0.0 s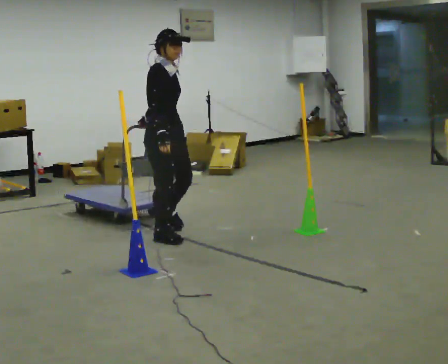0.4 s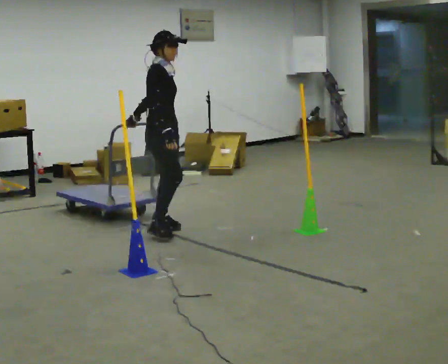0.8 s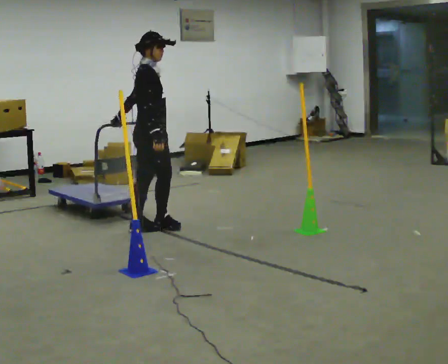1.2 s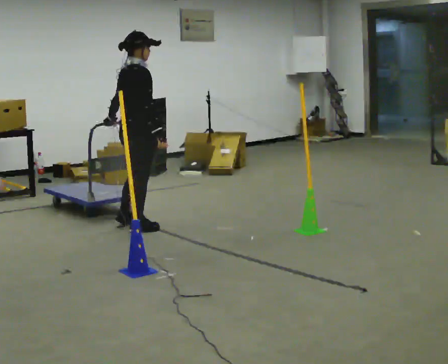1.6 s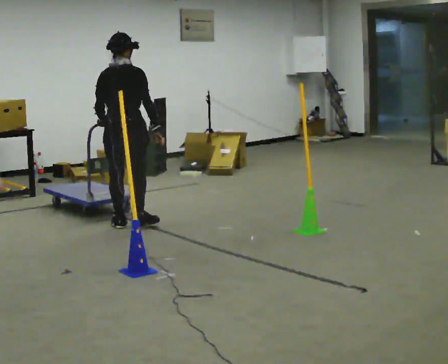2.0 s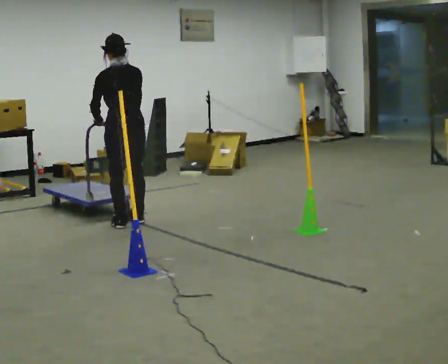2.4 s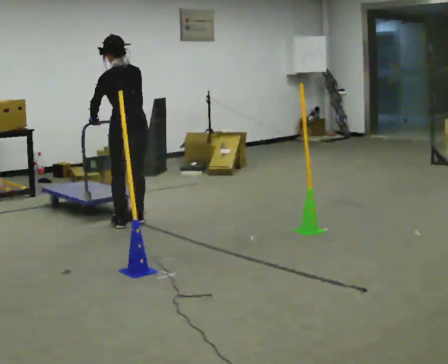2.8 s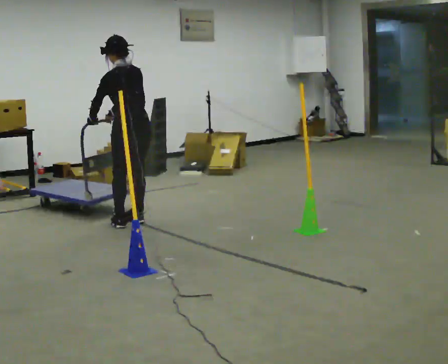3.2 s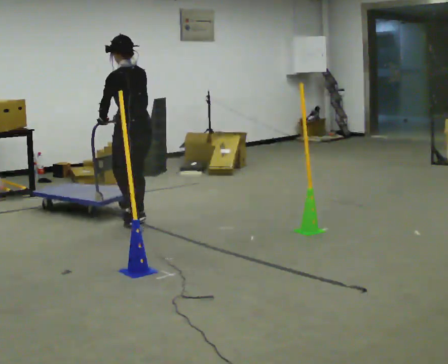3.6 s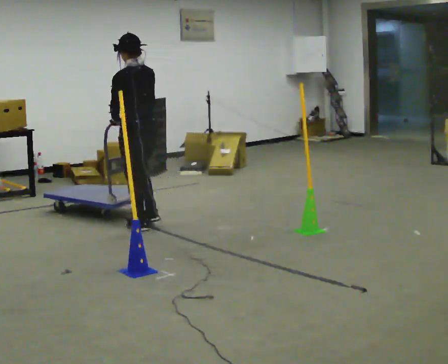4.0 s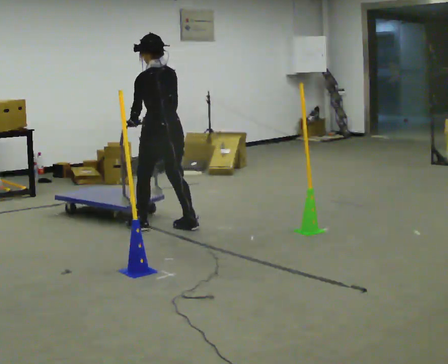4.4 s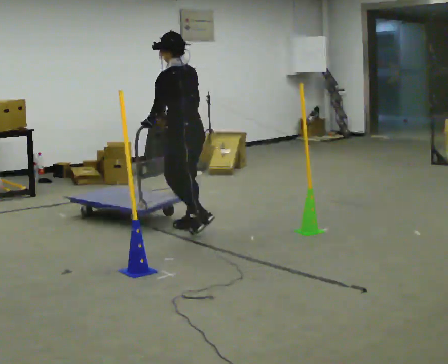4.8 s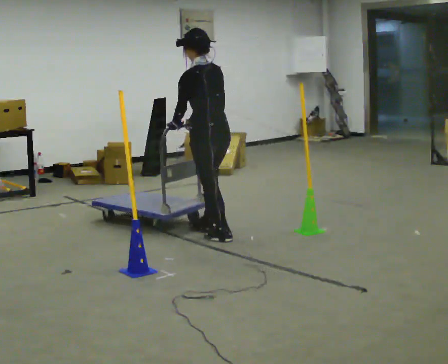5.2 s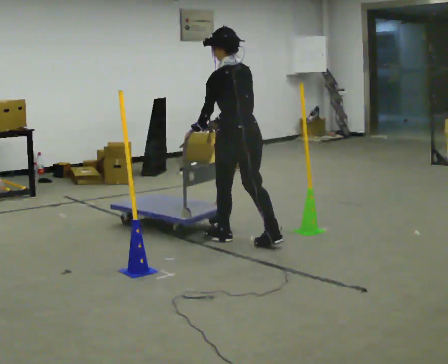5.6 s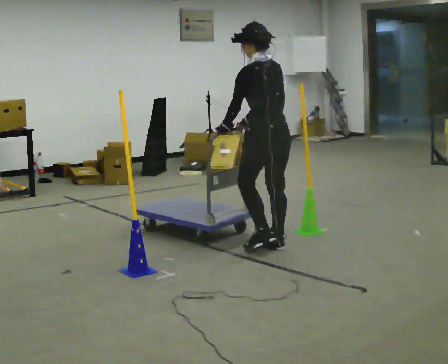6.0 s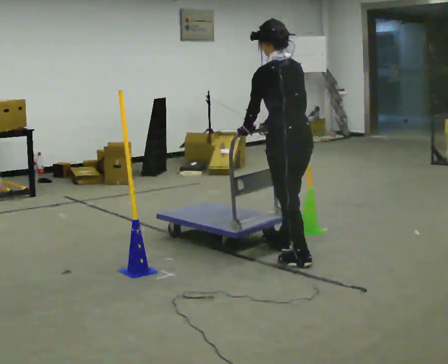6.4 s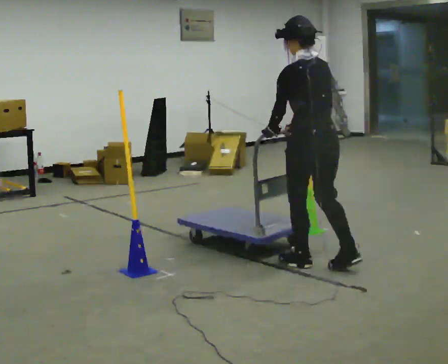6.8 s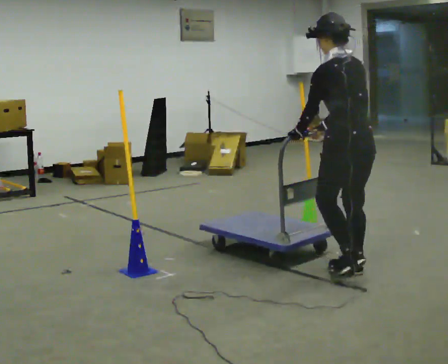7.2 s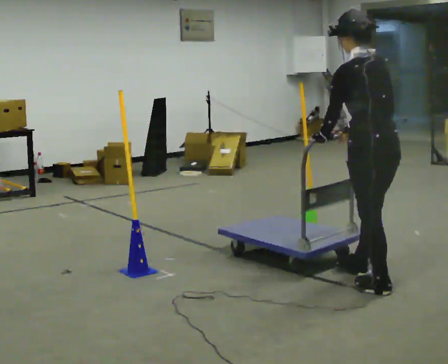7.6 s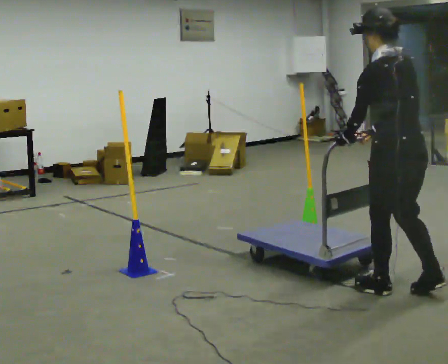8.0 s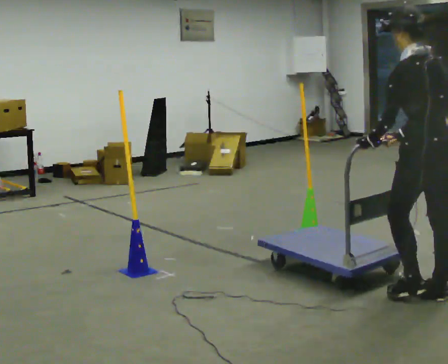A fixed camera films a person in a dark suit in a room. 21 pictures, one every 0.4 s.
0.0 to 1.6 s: The person turns about 105 degrees to their left, counterclockwise seen from above, so the part of the body nearest the lens slides to the right. In the picture they go away from the camera and to the left, about 0.5 m in 3 steps.
1.6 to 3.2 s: Seen from above the body turns counterclockwise, about 60 degrees: to their left, with its near side sliding to the right. In the picture they go away from the camera, about 0.25 m in 1 step. In the picture their right hand goes to the left, the arm swinging clockwise.
3.2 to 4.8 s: In the picture they go to the right and toward the camera, about 0.5 m in 3 steps, which for them is backward.
4.8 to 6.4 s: In the picture they go toward the camera and to the right, about 1 m in 2 steps, which for them is backward.
6.4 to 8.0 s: In the picture they go toward the camera and to the right, about 1 m in 3 steps, which for them is backward.
The film runs backward here.
